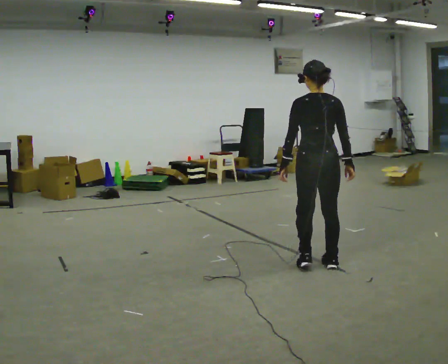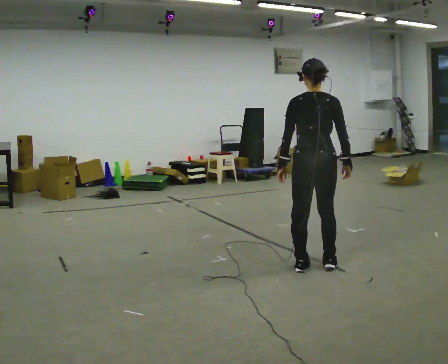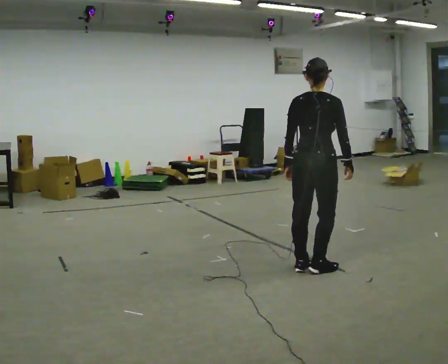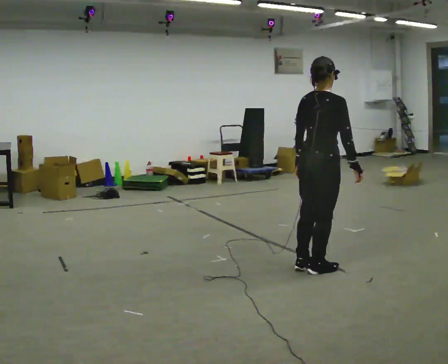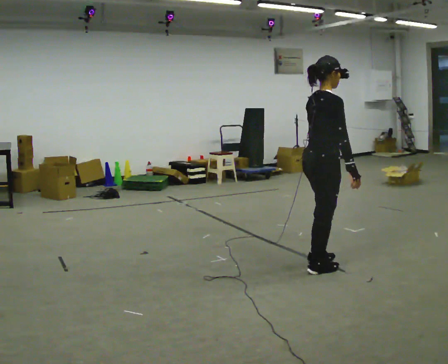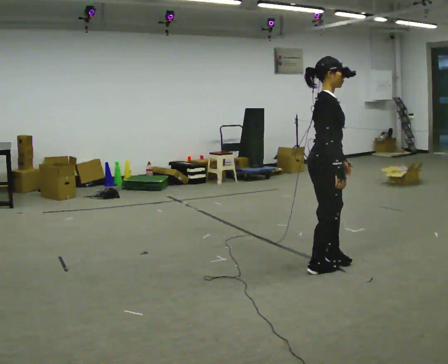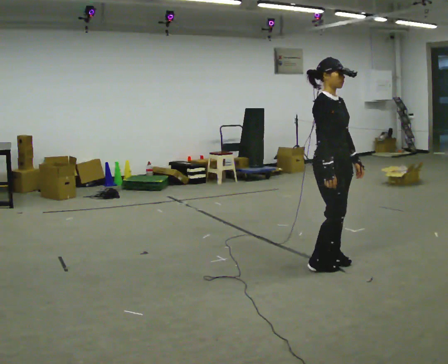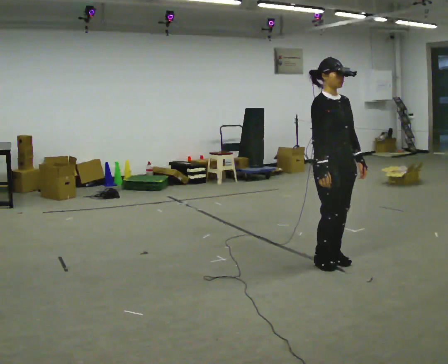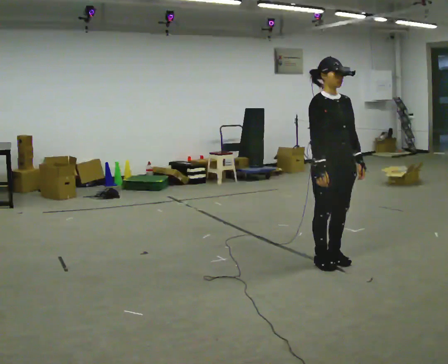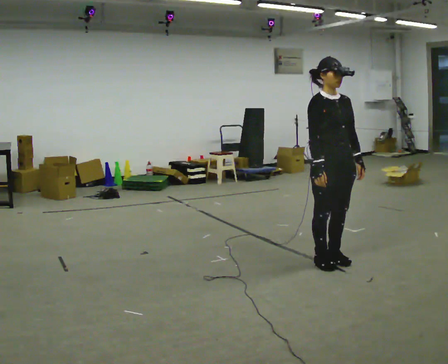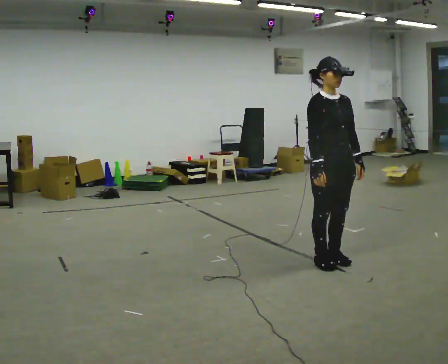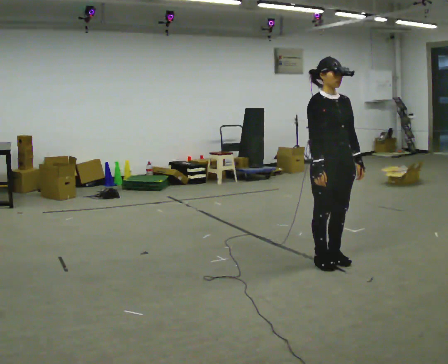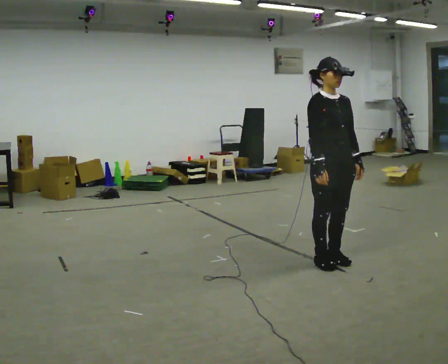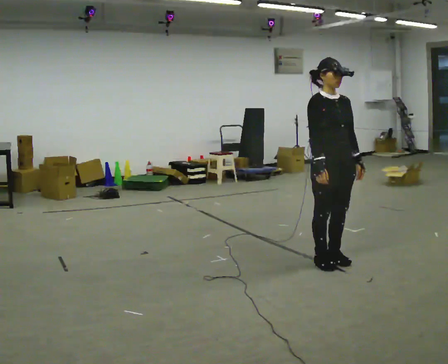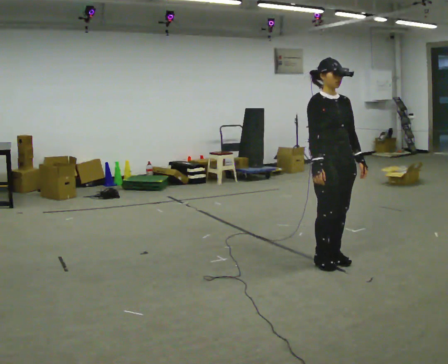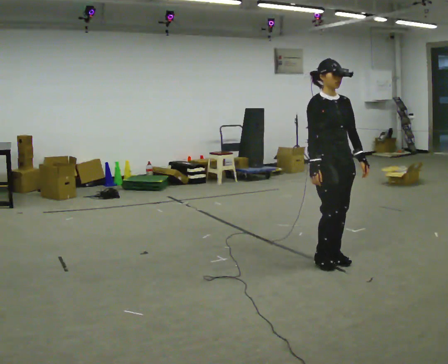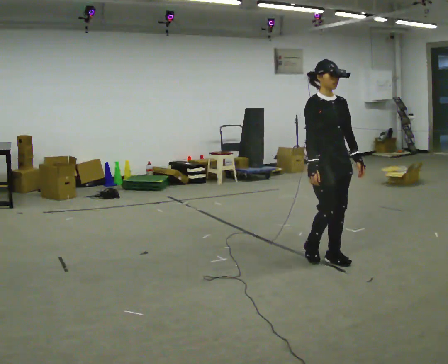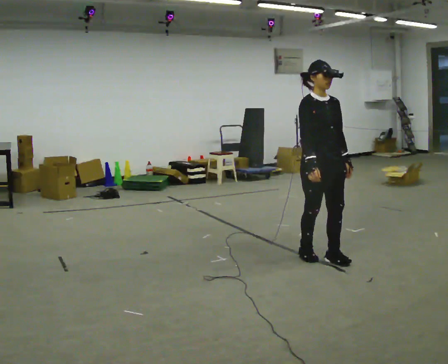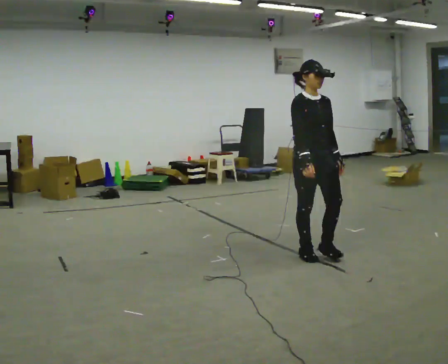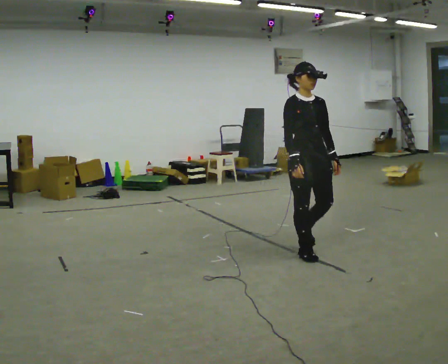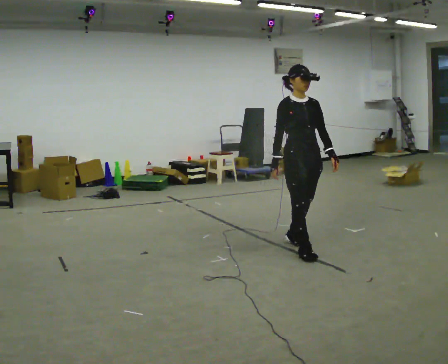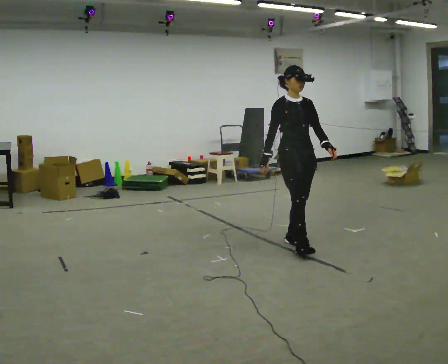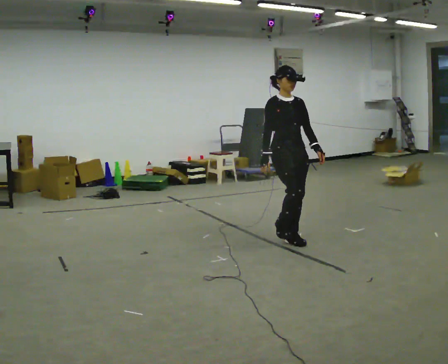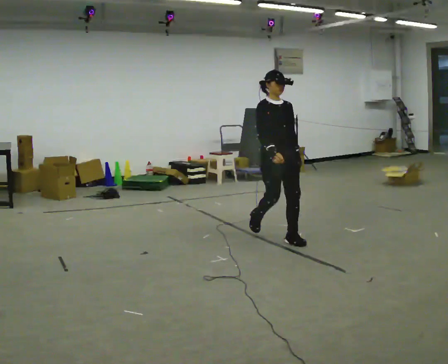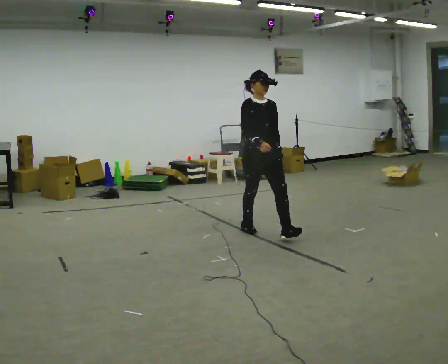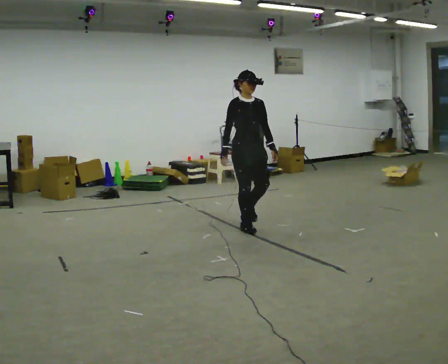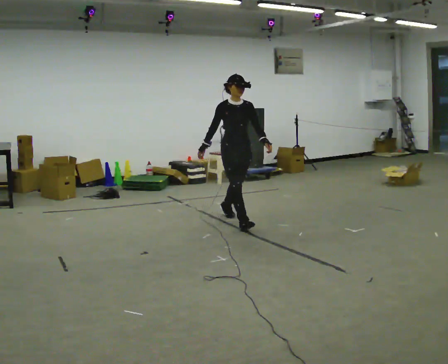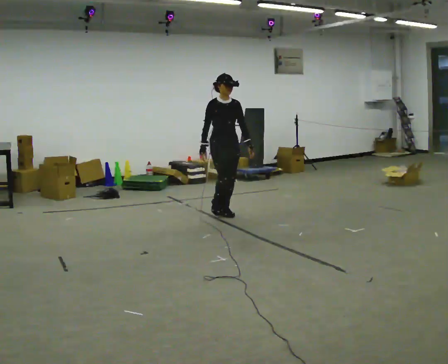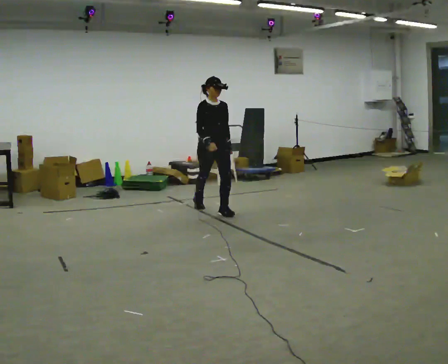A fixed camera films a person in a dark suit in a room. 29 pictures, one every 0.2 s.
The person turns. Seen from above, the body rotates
clockwise.
The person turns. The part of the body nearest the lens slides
to the left.
0.0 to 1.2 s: Seen from above the body turns clockwise, about 120 degrees: to their right, with its near side sliding to the left. In the picture their left hand goes to the right, the arm swinging counterclockwise.
1.2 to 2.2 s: The part of the body nearest the lens slides to the left as the person turns to their right by about 30 degrees.
2.2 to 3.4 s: The person moves a little, or ends about where they began.
3.4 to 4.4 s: In the picture they go away from the camera and to the left, about 0.5 m in 2 steps, which for them is backward.
4.4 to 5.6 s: In the picture they go away from the camera and to the left, about 1.5 m in 2 steps, which for them is backward.
The film runs backward here.
